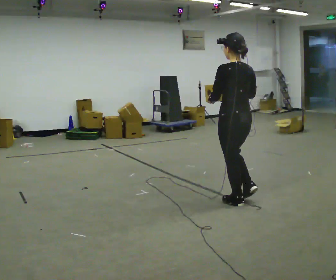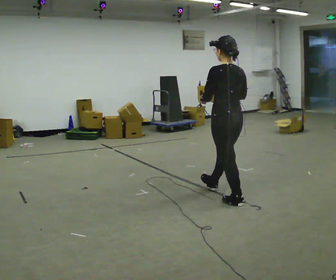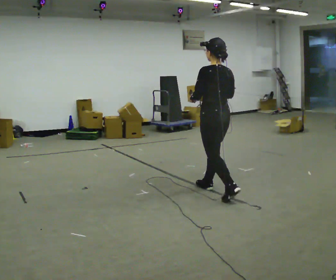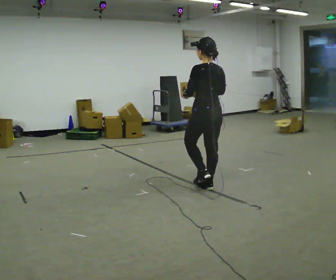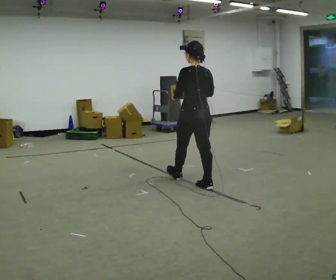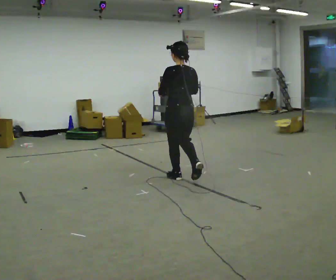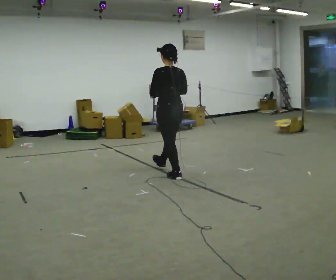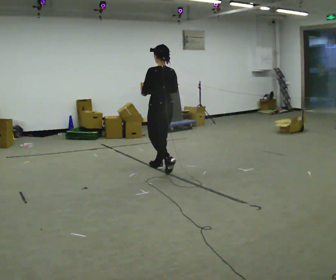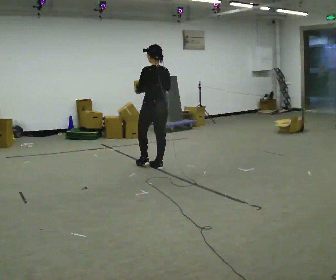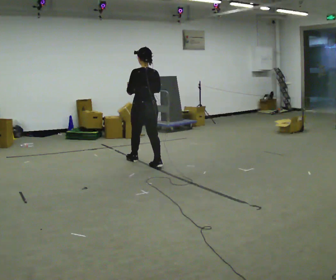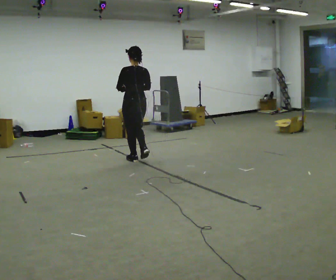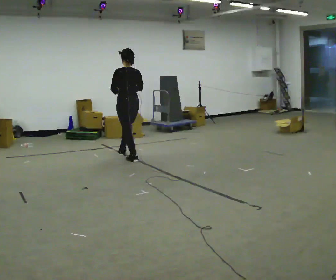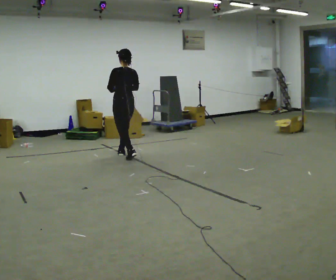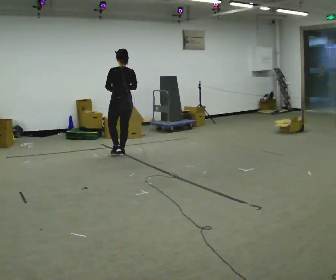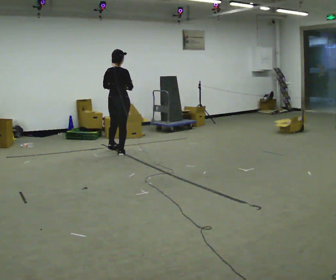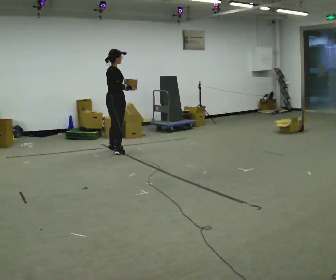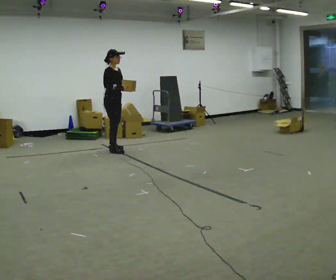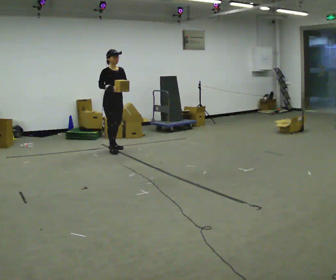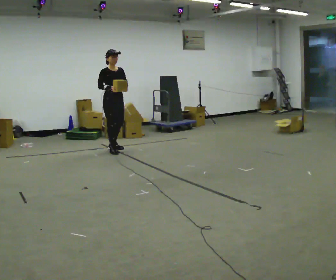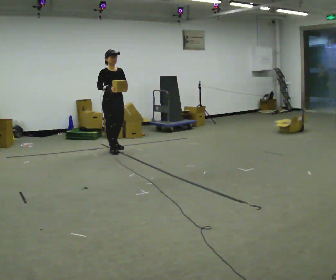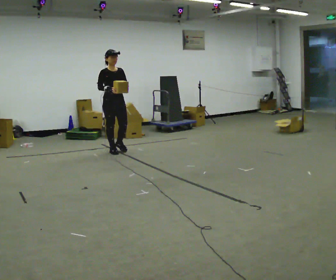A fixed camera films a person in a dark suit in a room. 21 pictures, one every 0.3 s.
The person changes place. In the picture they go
away from the camera.
0.0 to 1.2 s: In the picture they go away from the camera and to the left, about 1 m in 1 step, which for them is forward.
1.2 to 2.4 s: In the picture they go away from the camera and to the left, about 1 m in 2 steps, which for them is forward.
2.4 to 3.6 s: In the picture they go away from the camera and to the left, about 1 m in 2 steps, which for them is forward.
3.6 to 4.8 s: The person turns about 150 degrees to their right, clockwise seen from above, so the part of the body nearest the lens slides to the left. In the picture they go away from the camera and to the left, about 0.5 m in 2 steps.
4.8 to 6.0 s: Seen from above the body turns clockwise, about 30 degrees: to their right, with its near side sliding to the left. In the picture they go toward the camera, about 0.25 m, which for them is forward.
The film runs forward here.
